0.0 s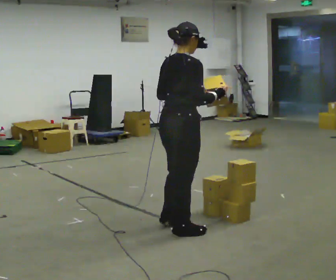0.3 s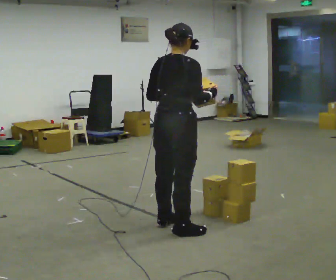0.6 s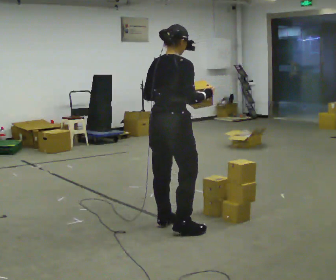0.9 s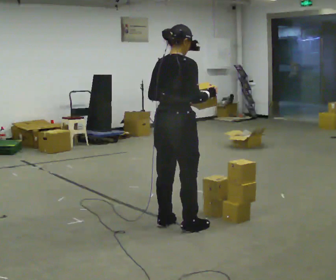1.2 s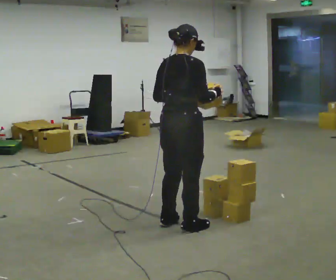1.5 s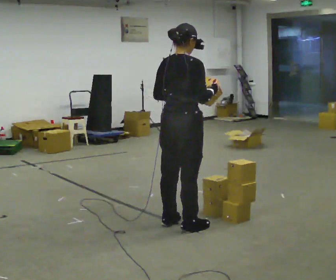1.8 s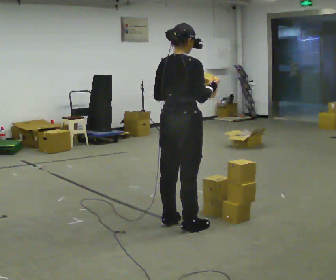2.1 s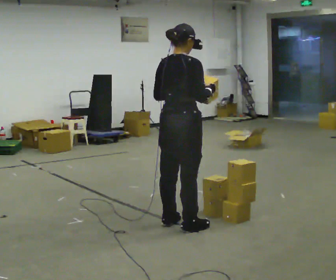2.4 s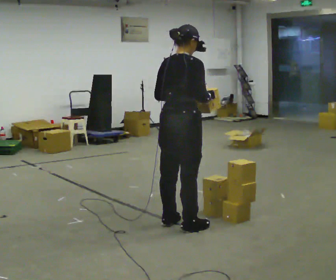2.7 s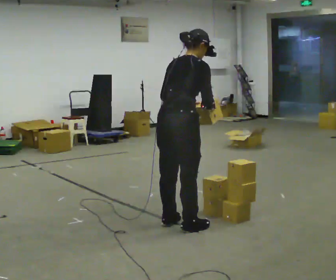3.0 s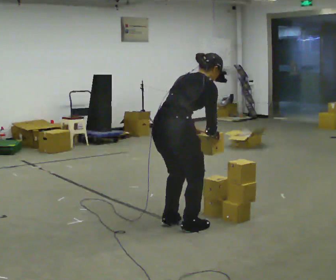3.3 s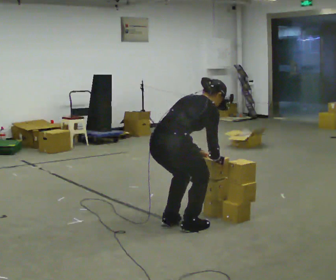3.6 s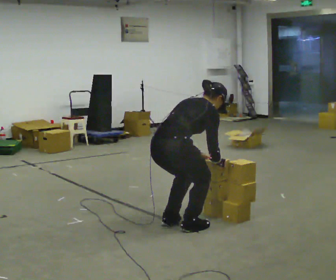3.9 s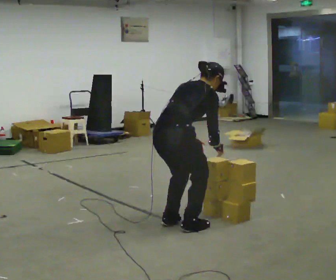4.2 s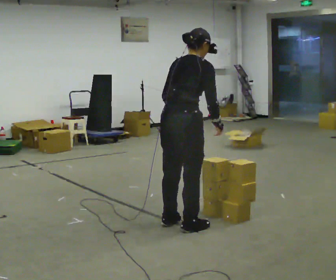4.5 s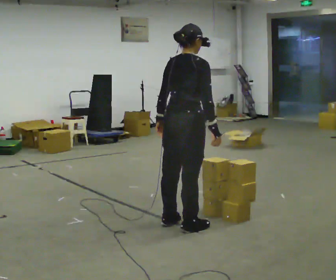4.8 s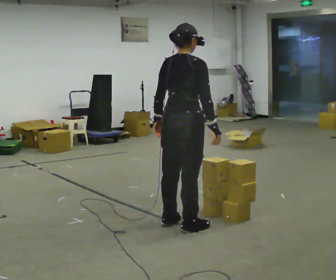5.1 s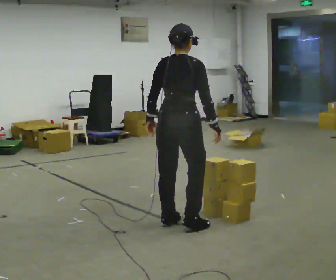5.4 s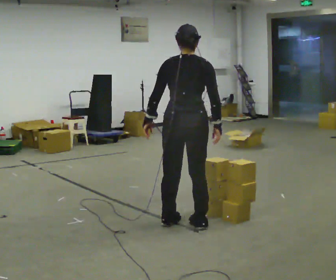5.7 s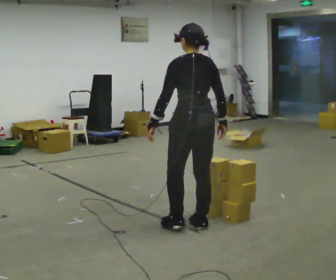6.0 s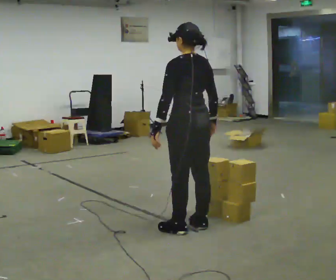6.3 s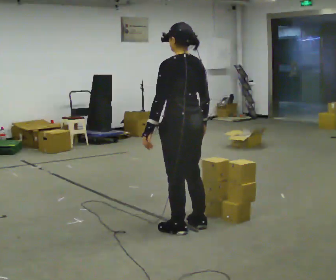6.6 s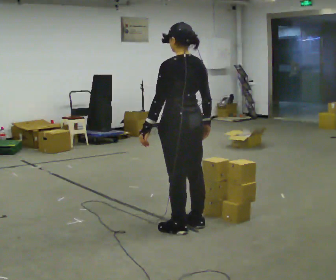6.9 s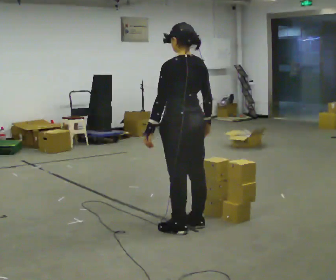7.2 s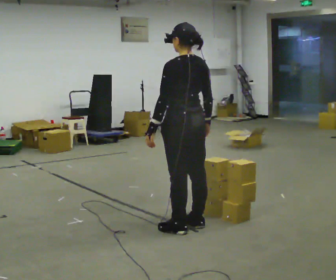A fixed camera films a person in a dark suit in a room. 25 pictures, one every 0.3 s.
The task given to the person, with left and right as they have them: Carry the box and, while you are still walking, turn it so you can read the label, read it out loud, then carry on. Repeat with the next box. Do not stop to read it.
0.0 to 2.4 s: The person moves a little, or ends about where they began.
2.4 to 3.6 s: The upper body goes downward. The upper body tips away from the camera, its near side rolling upward, as they bend forward. In the picture their right hand goes downward.
3.6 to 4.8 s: The shoulders move upward. The upper body tips toward the camera, its near side rolling downward, as they lean back or straighten. In the picture their left hand goes to the left and upward.
4.8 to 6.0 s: Seen from above the body turns counterclockwise, about 75 degrees: to their left, with its near side sliding to the right.
6.0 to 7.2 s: The person moves a little, or ends about where they began.
The film runs forward here.
